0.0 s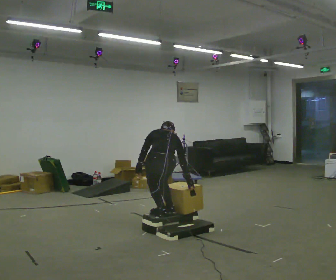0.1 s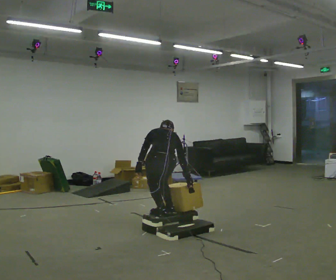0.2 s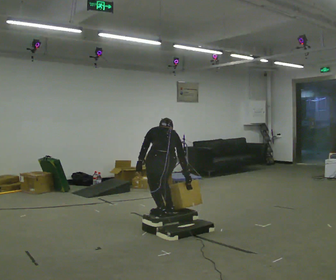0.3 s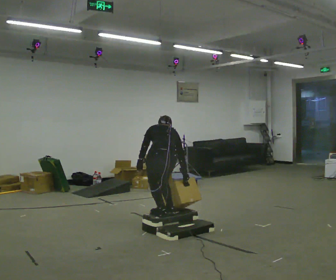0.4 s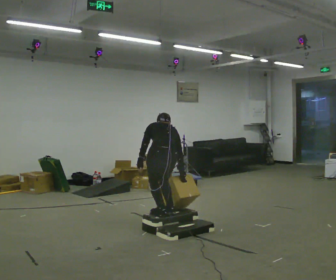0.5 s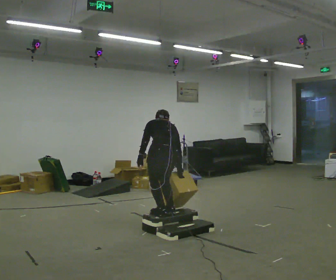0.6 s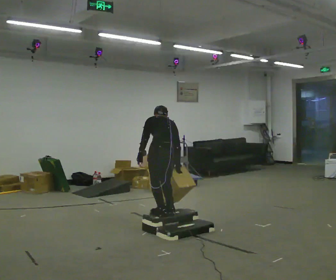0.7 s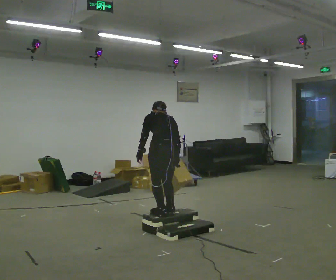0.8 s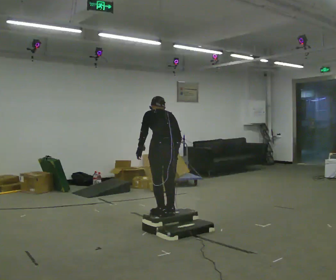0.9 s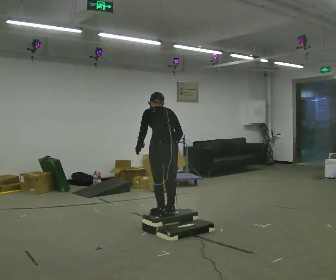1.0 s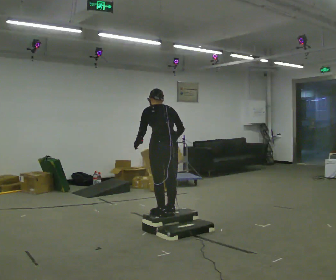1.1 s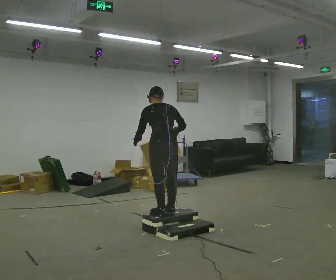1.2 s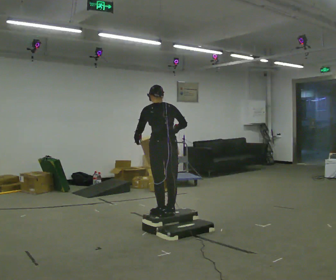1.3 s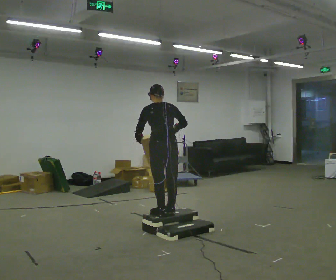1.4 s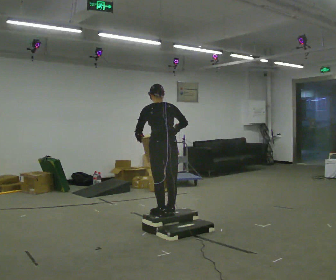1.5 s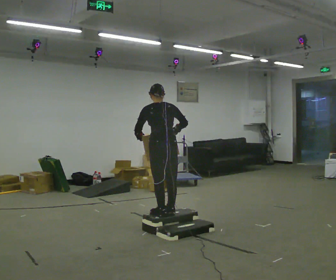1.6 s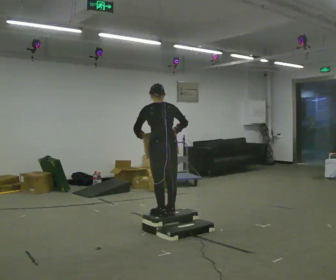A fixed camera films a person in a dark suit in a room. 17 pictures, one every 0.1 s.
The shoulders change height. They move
upward.
The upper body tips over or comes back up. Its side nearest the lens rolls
downward.
0.0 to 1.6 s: The shoulders move upward. The upper body tips toward the camera, its near side rolling downward, as they lean back or straighten. In the picture their right hand goes upward.
The film runs forward here.
